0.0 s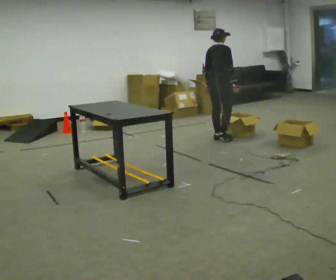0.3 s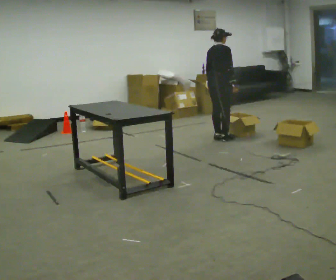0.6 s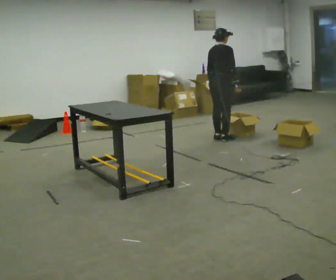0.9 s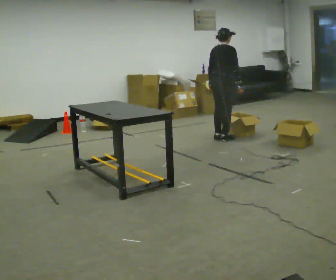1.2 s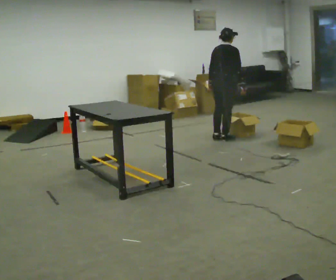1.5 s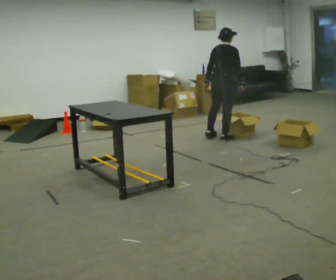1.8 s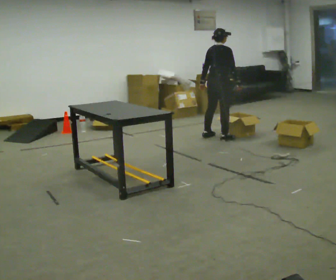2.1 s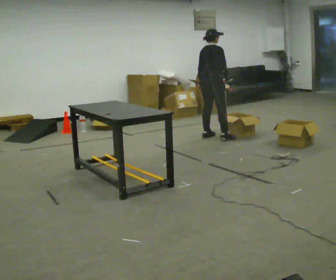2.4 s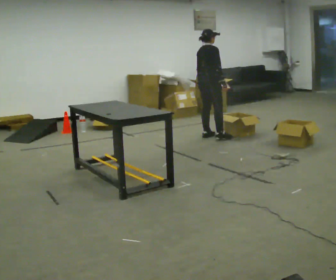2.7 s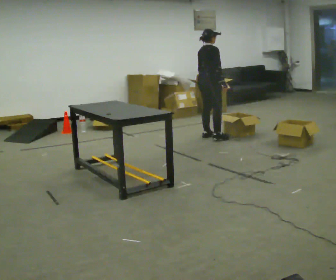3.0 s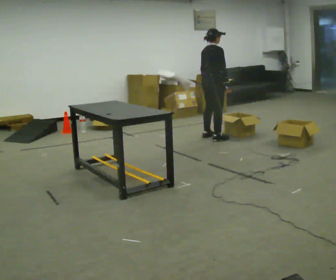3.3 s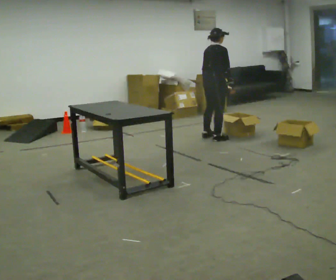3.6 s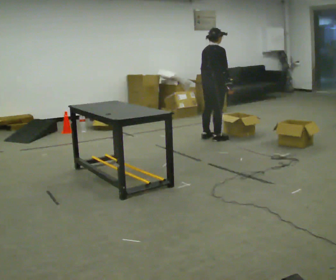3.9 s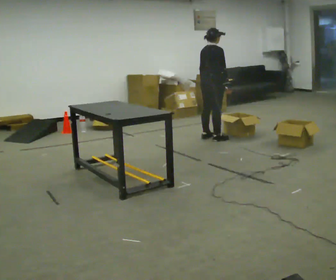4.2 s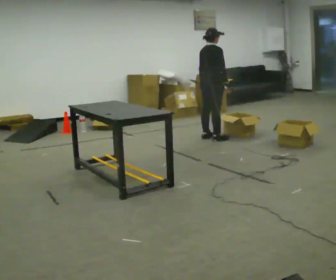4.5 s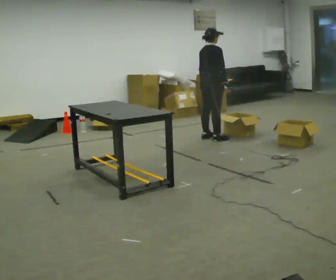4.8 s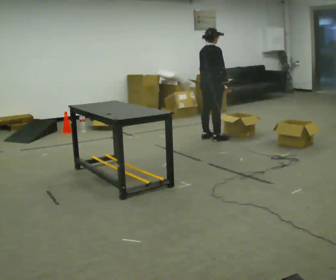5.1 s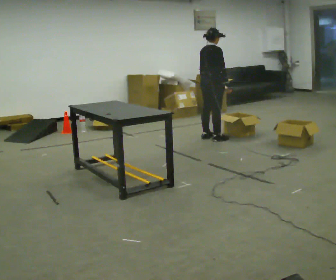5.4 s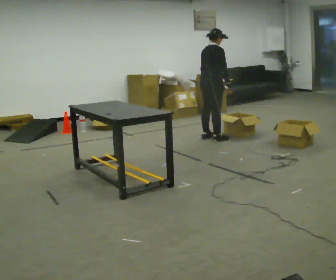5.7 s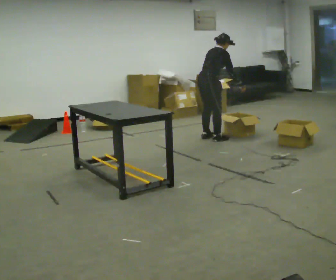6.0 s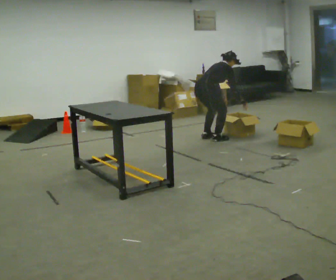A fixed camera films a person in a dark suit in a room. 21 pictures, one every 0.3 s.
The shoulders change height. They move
downward.
0.0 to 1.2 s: The person moves a little, or ends about where they began.
1.2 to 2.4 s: In the picture they go to the left and away from the camera, about 0.25 m in 1 step, which for them is to their left.
2.4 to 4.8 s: The person moves a little, or ends about where they began.
4.8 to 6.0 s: The shoulders move downward. In the picture the upper body tilts clockwise, shoulders to the right, as they bend forward.
The film runs forward here.
